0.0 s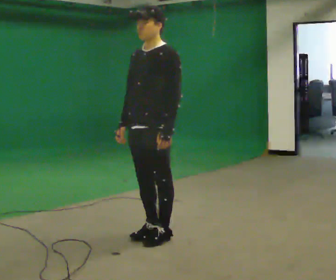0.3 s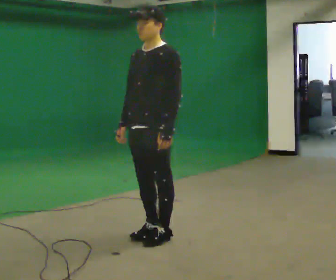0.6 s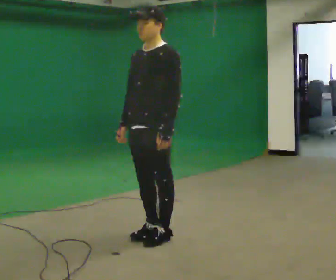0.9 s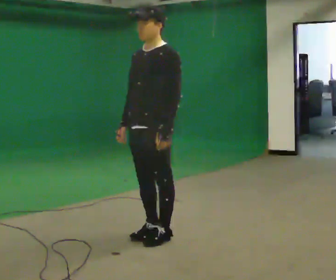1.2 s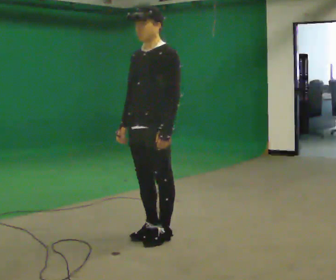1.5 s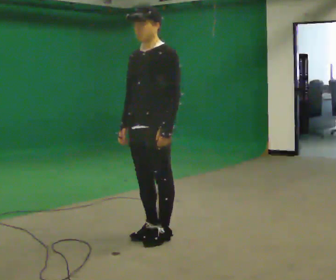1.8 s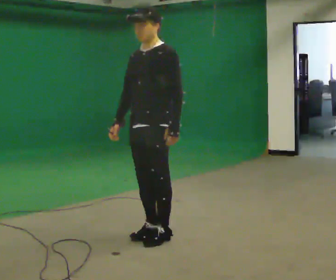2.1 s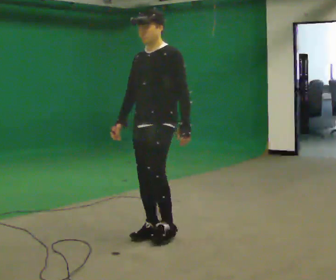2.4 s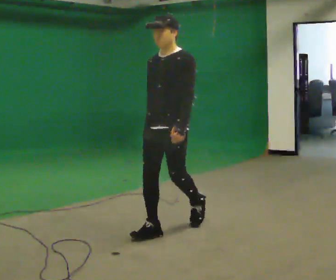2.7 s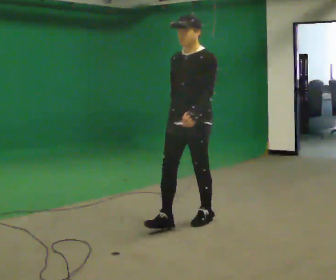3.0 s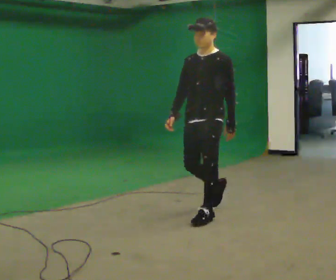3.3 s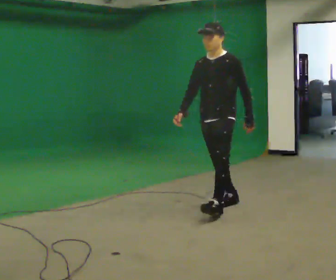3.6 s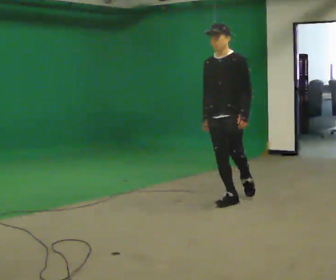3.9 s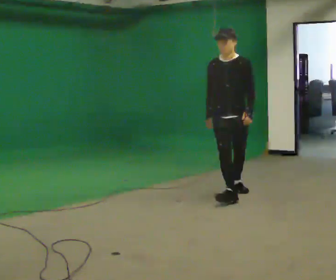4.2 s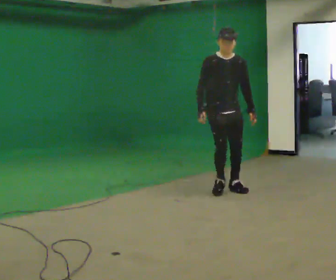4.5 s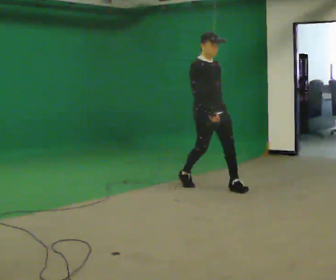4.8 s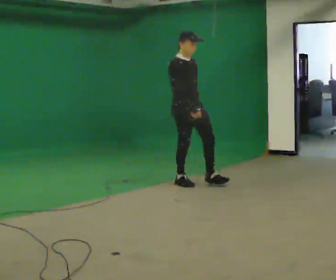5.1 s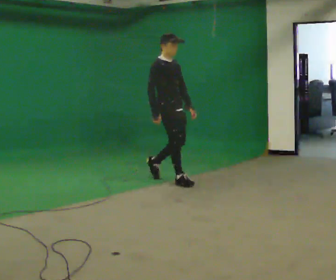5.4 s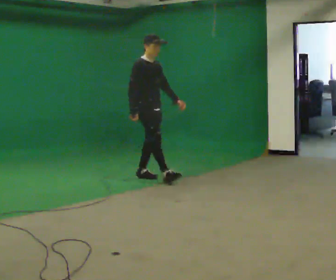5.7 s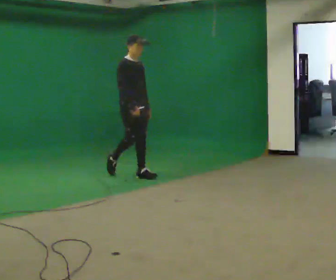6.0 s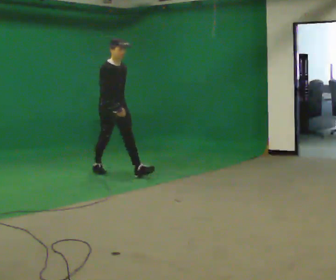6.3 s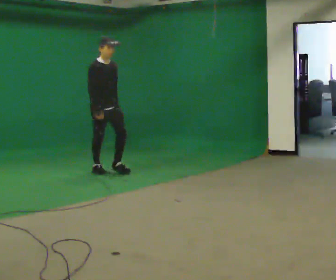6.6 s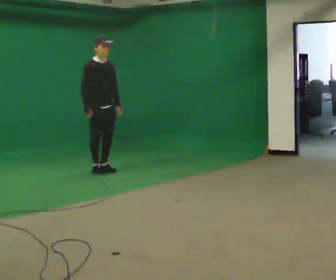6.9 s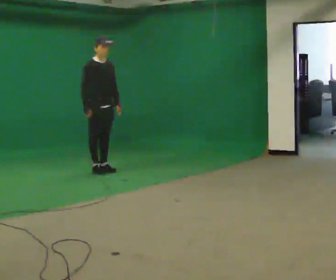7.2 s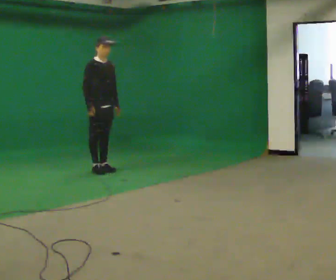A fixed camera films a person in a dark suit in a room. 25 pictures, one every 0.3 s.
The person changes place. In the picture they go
away from the camera.
The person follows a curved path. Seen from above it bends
counterclockwise.
0.0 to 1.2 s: The person keeps their place and pose.
1.2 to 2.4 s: In the picture they go away from the camera, about 0.25 m in 1 step, which for them is backward.
2.4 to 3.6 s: In the picture they go away from the camera and to the right, about 1 m in 2 steps, which for them is backward.
3.6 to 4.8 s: The part of the body nearest the lens slides to the right as the person turns to their left by about 75 degrees. In the picture they go away from the camera and to the left, about 1 m in 2 steps.
4.8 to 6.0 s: In the picture they go to the left and away from the camera, about 1 m in 2 steps, which for them is backward.
6.0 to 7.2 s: In the picture they go to the left and away from the camera, about 0.25 m, which for them is backward.
The film runs backward here.
